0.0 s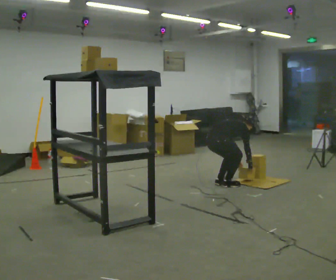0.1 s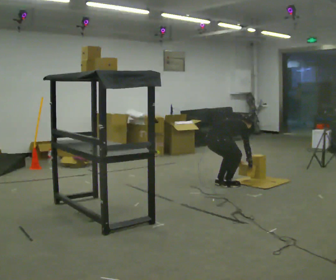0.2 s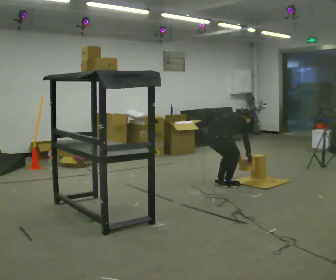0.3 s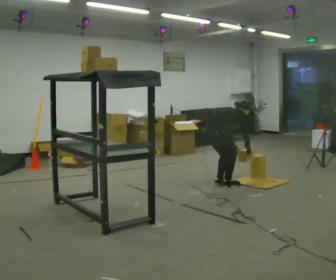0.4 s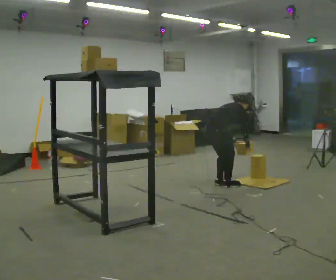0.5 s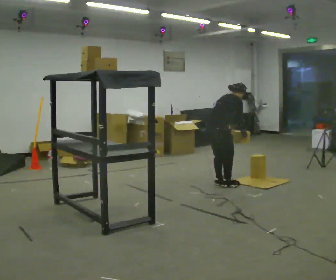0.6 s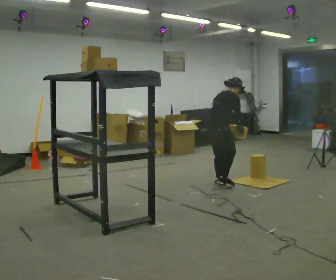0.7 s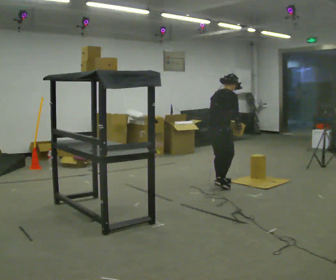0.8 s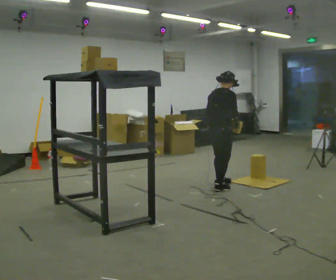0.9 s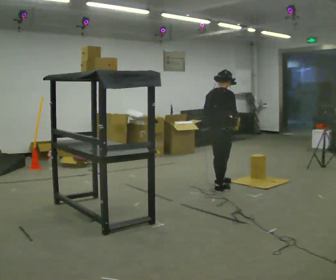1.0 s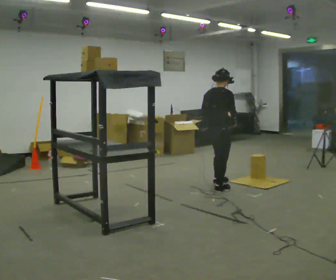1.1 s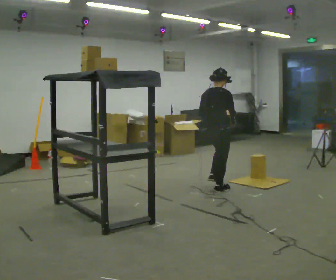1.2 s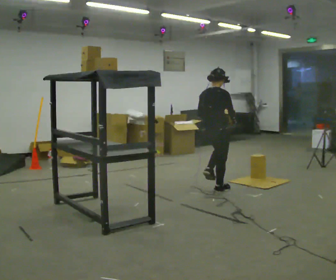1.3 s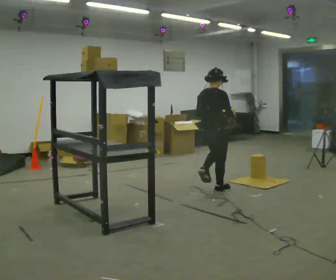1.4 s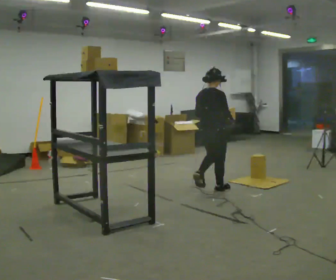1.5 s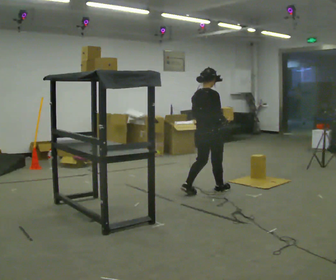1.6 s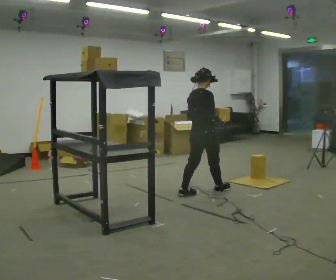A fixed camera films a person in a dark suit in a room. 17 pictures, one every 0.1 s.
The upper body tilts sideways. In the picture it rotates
counterclockwise.
The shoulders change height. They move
upward.
0.0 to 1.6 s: In the picture they go toward the camera and to the left, about 0.25 m in 2 steps, which for them is backward. The upper body goes upward. In the picture the upper body tilts counterclockwise, shoulders to the left, as they lean back or straighten. In the picture their left hand goes upward.
The film runs backward here.
